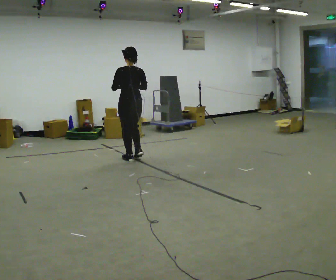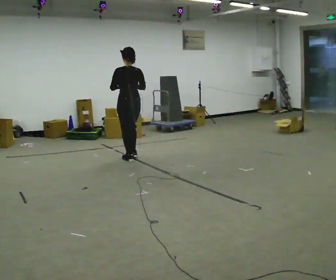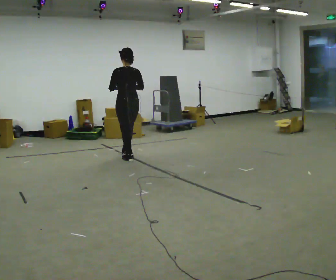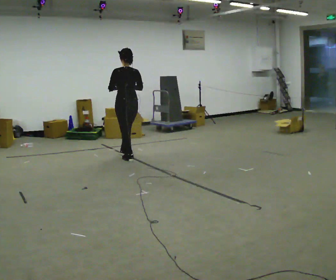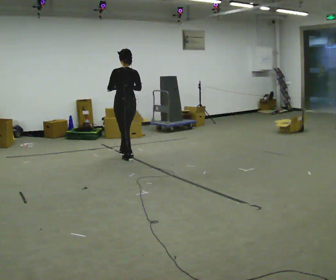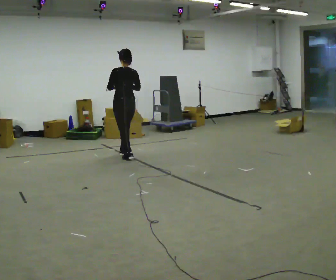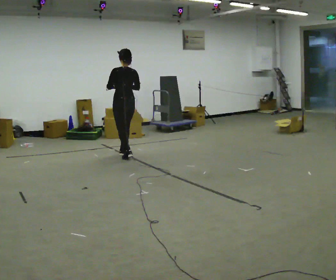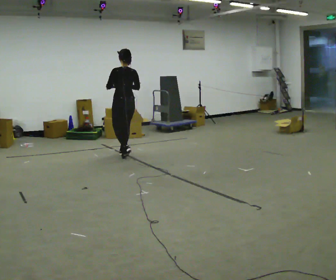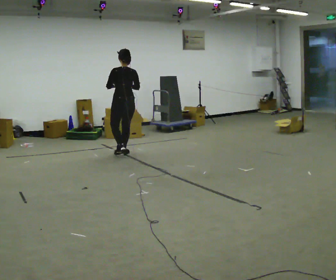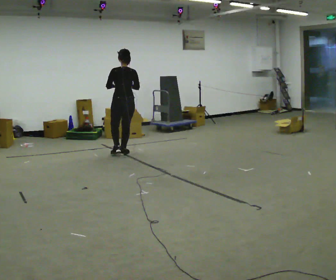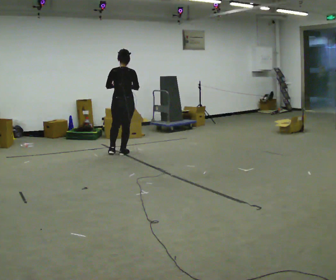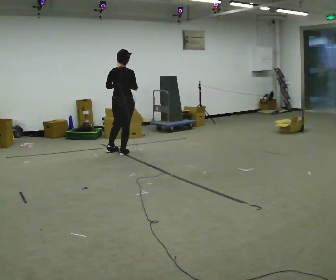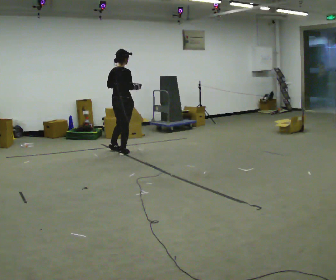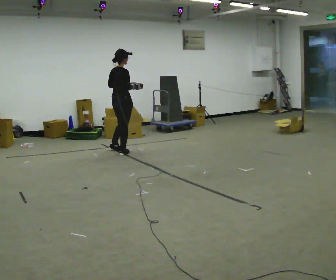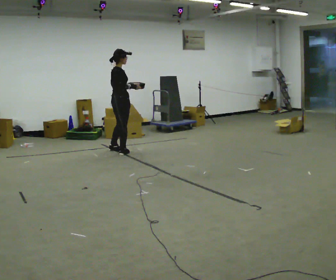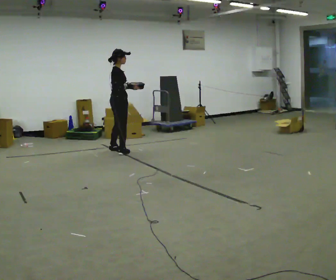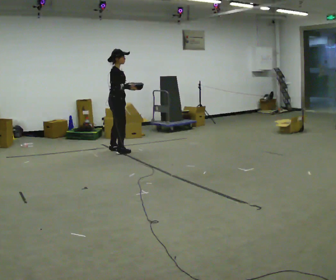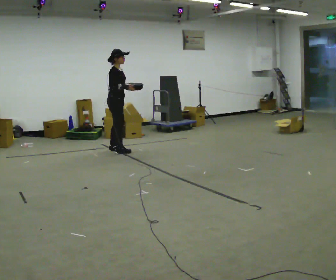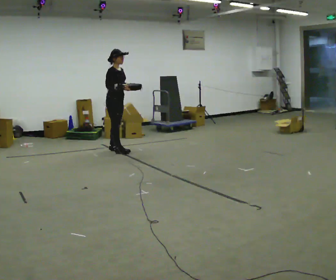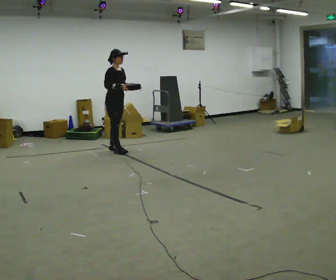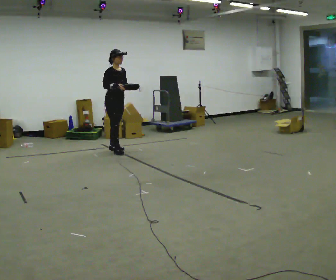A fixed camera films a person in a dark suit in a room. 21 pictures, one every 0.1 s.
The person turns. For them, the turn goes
to their right.
The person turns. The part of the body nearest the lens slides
to the left.
0.0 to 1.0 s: Seen from above the body turns clockwise, about 30 degrees: to their right, with its near side sliding to the left. In the picture they go away from the camera, about 0.5 m in 1 step, which for them is forward.
1.0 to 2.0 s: The person turns about 120 degrees to their right, clockwise seen from above, so the part of the body nearest the lens slides to the left. In the picture they go away from the camera and to the left, about 0.25 m in 1 step.
The film runs forward here.
